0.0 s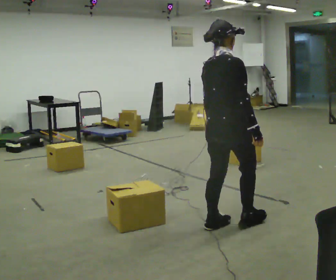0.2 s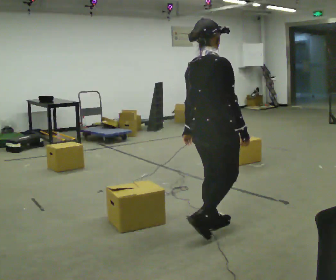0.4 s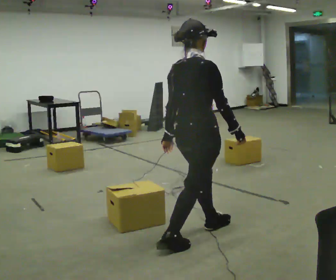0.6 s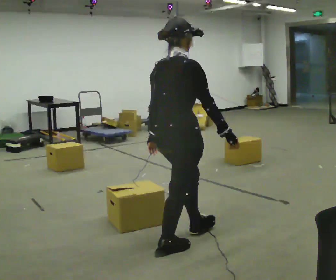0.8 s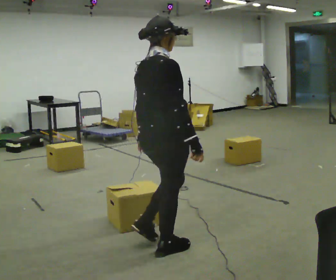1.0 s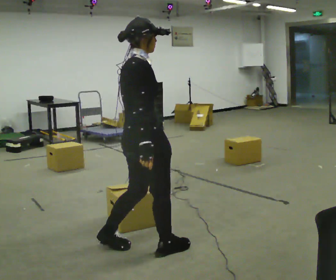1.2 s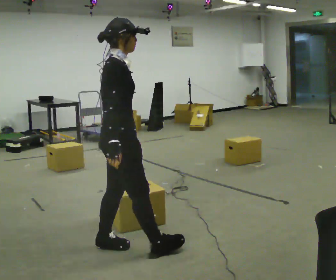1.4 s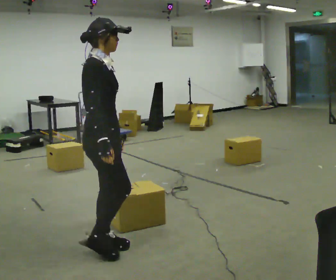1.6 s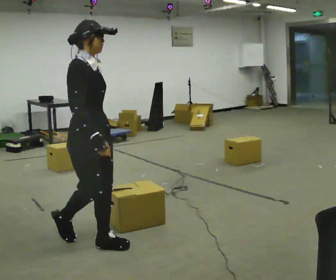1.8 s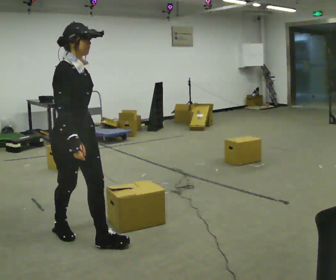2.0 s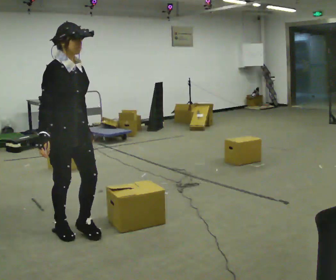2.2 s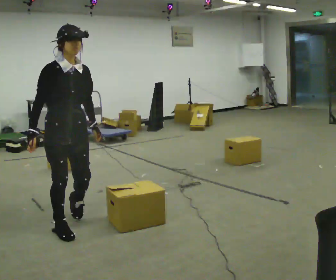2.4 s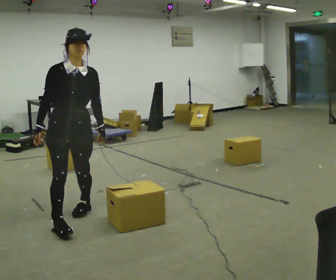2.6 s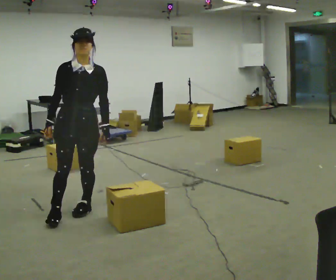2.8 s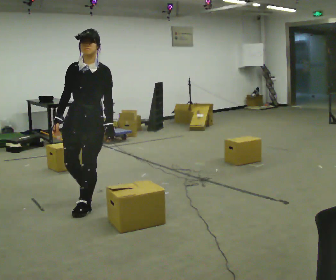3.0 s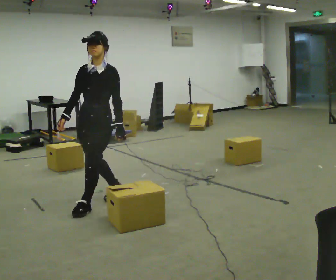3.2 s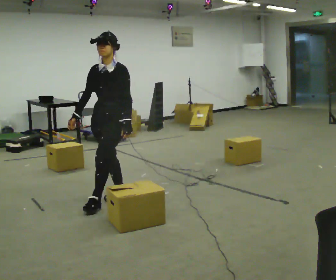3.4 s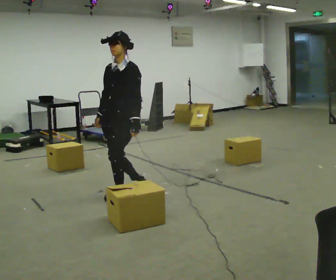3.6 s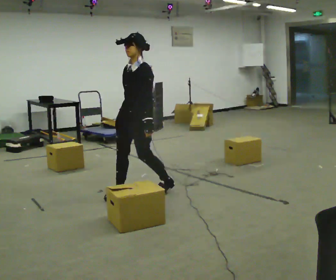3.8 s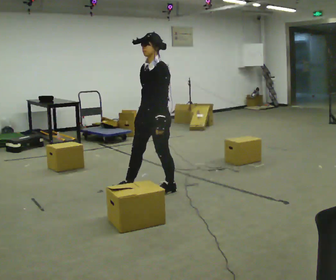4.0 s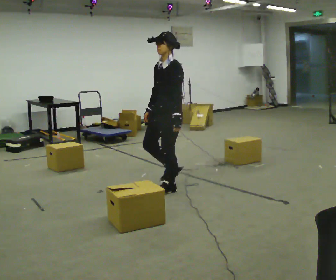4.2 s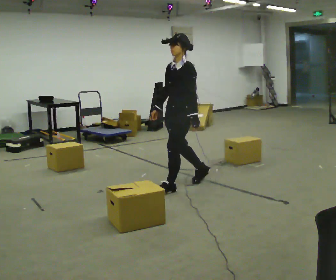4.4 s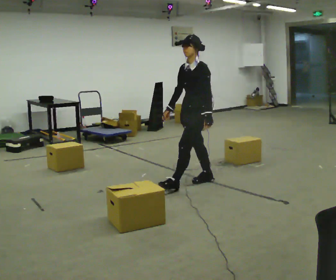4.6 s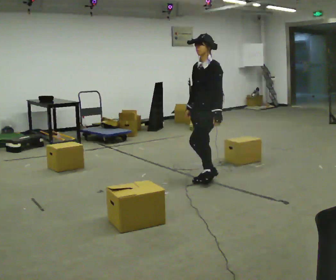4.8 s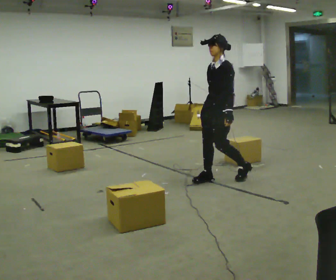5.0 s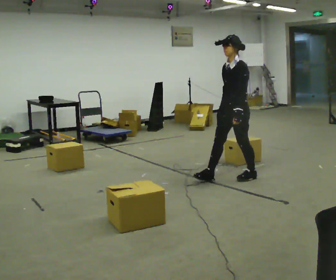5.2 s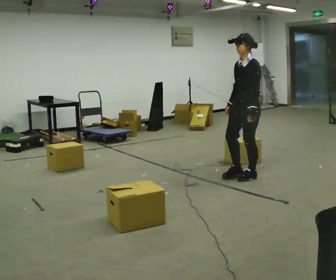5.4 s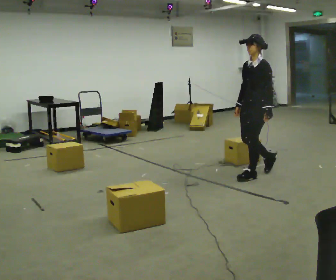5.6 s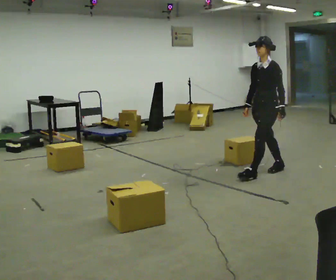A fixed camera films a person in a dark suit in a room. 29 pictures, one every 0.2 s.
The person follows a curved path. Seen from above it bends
clockwise.
The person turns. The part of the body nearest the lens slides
to the left.
0.0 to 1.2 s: The person turns about 30 degrees to their right, clockwise seen from above, so the part of the body nearest the lens slides to the left. In the picture they go to the left, about 1 m in 2 steps, which for them is backward.
1.2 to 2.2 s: The person turns about 60 degrees to their right, clockwise seen from above, so the part of the body nearest the lens slides to the left. In the picture they go away from the camera and to the left, about 0.5 m in 1 step, which for them is backward.
2.2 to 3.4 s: The person turns about 75 degrees to their right, clockwise seen from above, so the part of the body nearest the lens slides to the left. In the picture they go away from the camera and to the right, about 1 m in 2 steps.
3.4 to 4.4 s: The person turns about 30 degrees to their right, clockwise seen from above, so the part of the body nearest the lens slides to the left. In the picture they go to the right, about 1 m in 2 steps, which for them is backward.
4.4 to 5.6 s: In the picture they go to the right, about 1 m in 1 step, which for them is backward.
The film runs backward here.
